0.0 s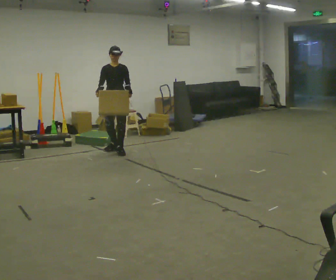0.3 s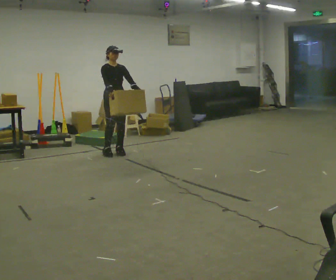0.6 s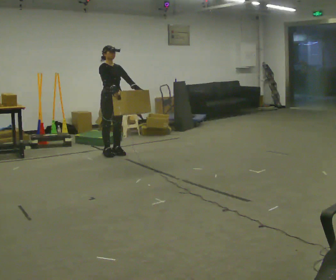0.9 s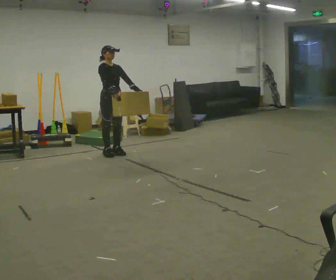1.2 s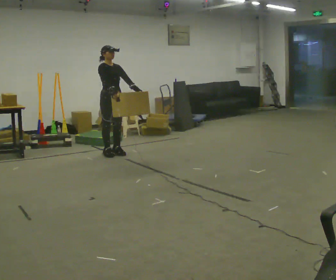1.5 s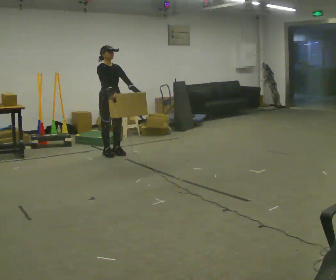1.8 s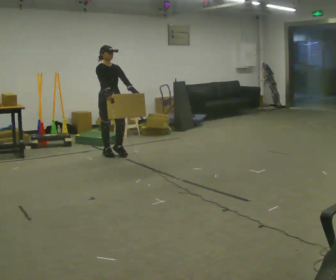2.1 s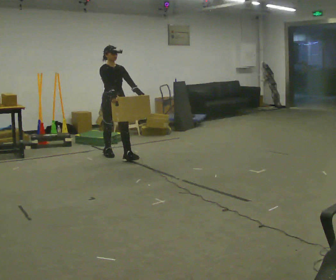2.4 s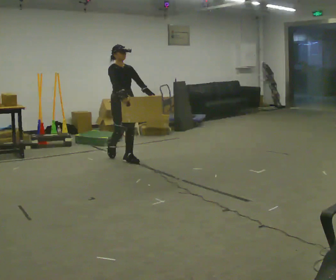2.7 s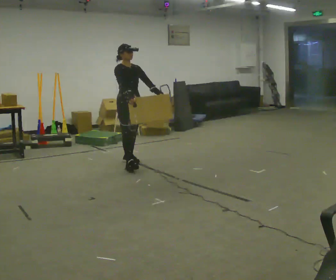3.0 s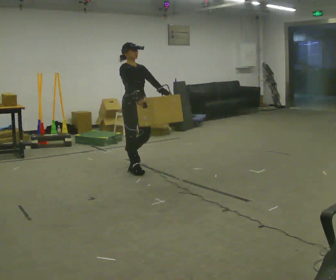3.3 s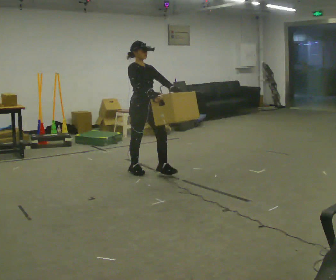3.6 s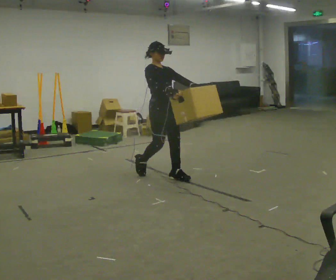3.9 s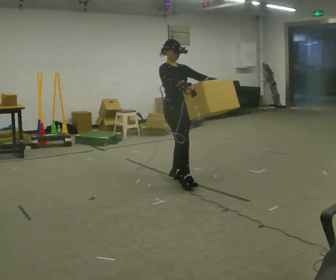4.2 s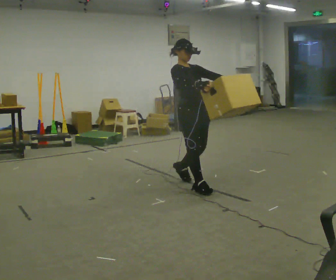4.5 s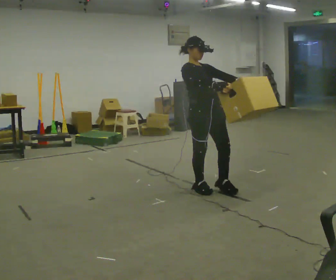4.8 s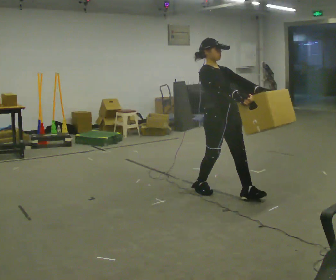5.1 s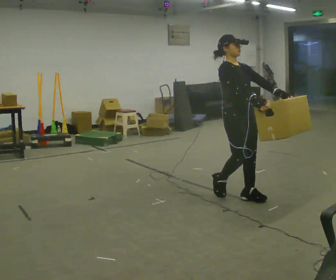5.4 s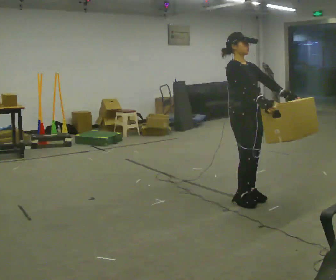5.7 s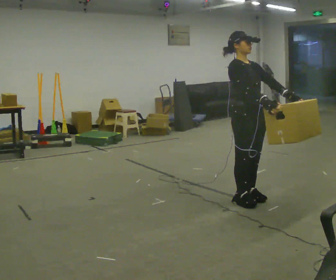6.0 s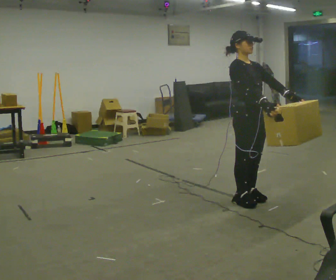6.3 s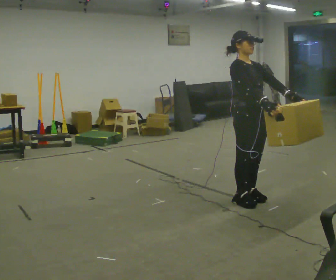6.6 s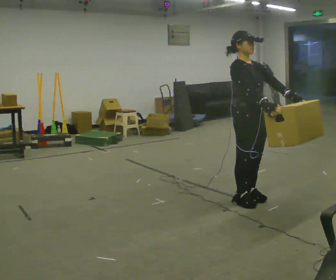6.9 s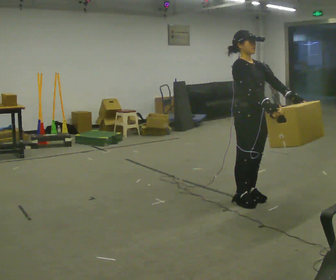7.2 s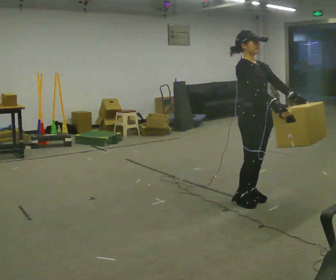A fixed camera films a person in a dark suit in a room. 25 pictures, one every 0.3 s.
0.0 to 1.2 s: The person turns about 30 degrees to their left, counterclockwise seen from above, so the part of the body nearest the lens slides to the right. In the picture they go toward the camera, about 0.25 m in 1 step, which for them is to their right.
1.2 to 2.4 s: In the picture they go toward the camera and to the right, about 0.5 m in 1 step, which for them is forward.
2.4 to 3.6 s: In the picture they go toward the camera and to the right, about 1 m in 2 steps, which for them is forward.
3.6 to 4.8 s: In the picture they go toward the camera and to the right, about 1 m in 2 steps, which for them is forward.
4.8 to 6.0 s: In the picture they go toward the camera and to the right, about 0.25 m in 1 step, which for them is forward.
6.0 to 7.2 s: The person moves a little, or ends about where they began.
The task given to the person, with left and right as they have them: Carry the heavy box in both hands in front of you, walking back and forth across the room. Keep walking until the operator says stop. Set it down if you need a rest.
The film runs forward here.
